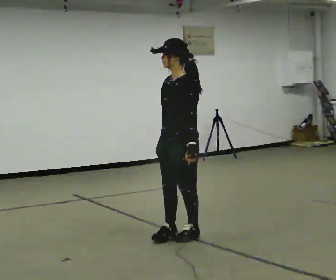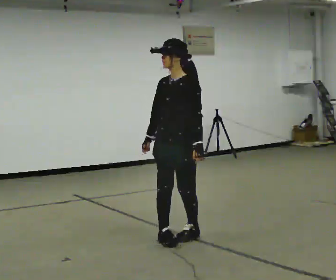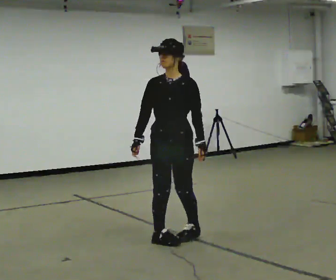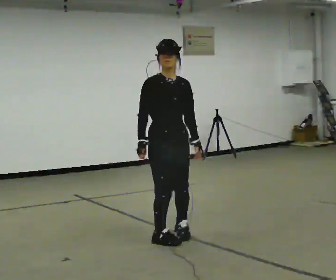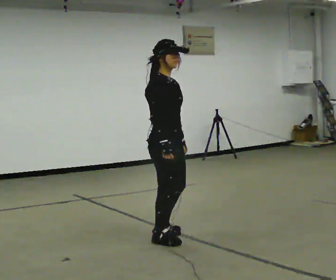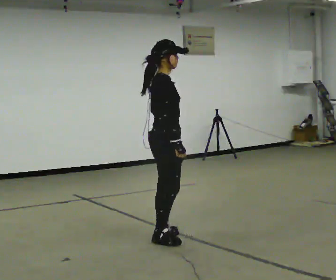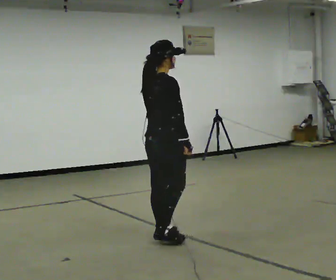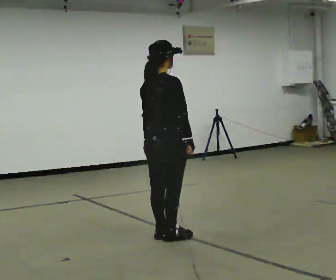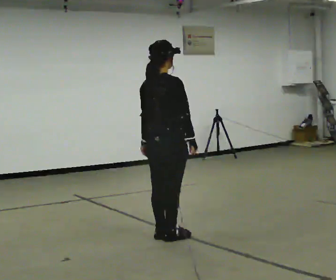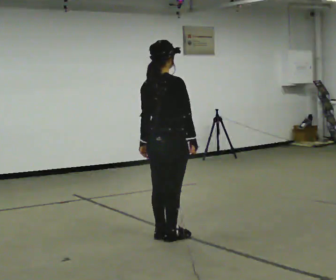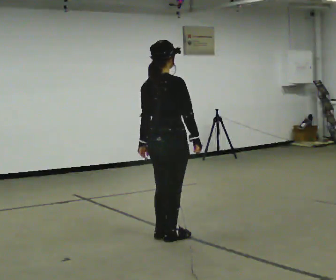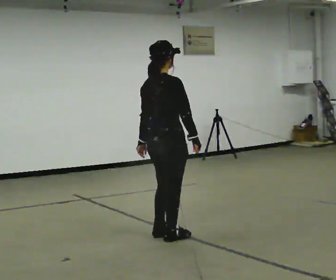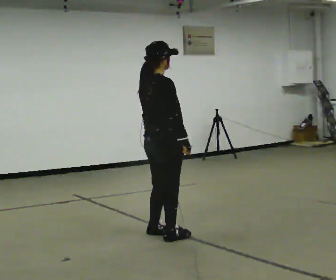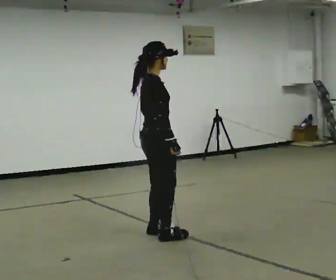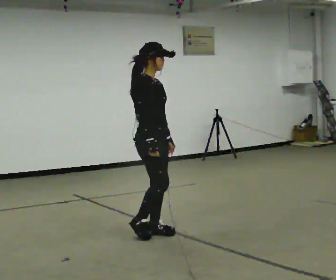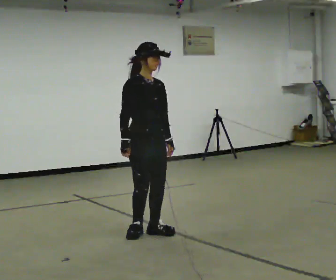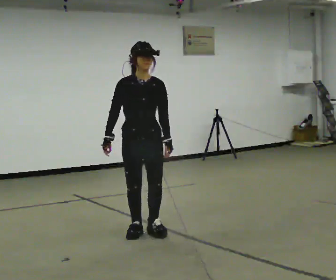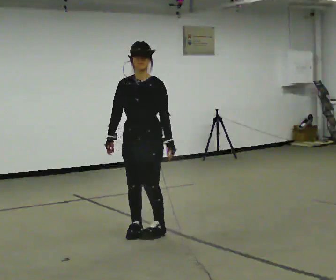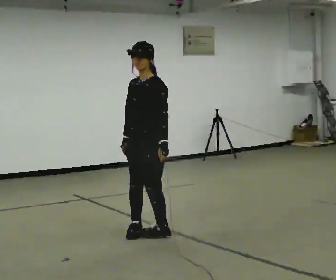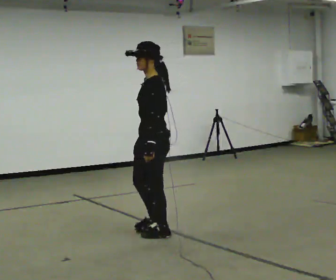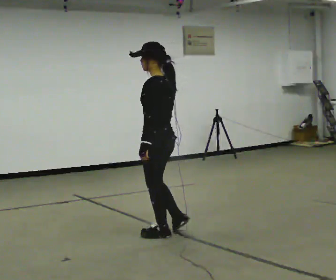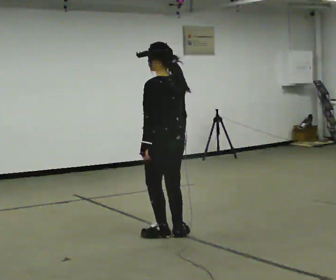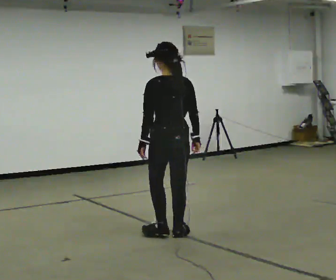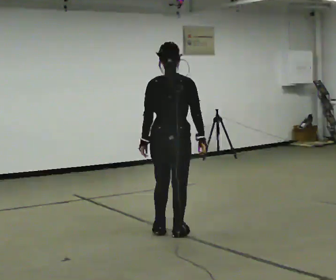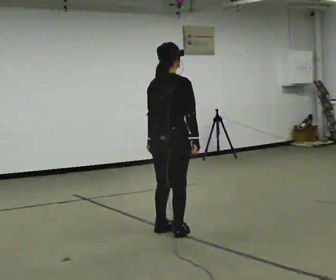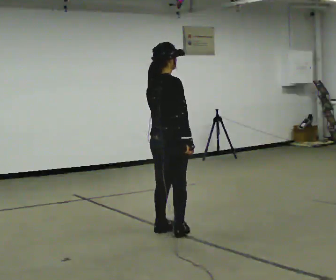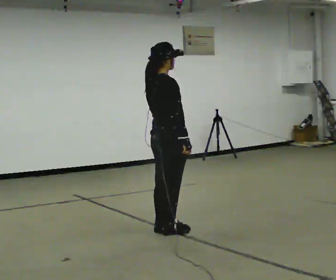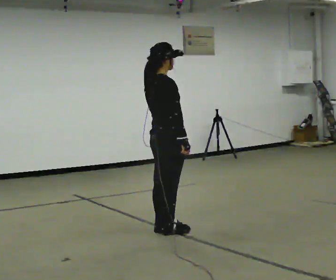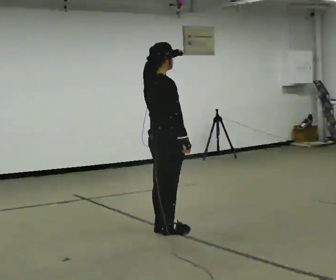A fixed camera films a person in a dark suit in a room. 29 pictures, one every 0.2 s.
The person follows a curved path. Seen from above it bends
clockwise.
0.0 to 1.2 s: The person turns about 165 degrees to their left, counterclockwise seen from above, so the part of the body nearest the lens slides to the right. In the picture they go to the left, about 0.25 m in 1 step.
1.2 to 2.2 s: The person moves a little, or ends about where they began.
2.2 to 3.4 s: Seen from above the body turns clockwise, about 150 degrees: to their right, with its near side sliding to the left. In the picture they go to the left and away from the camera, about 0.25 m in 2 steps. In the picture their right hand goes to the left, the arm swinging clockwise.
3.4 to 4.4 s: The part of the body nearest the lens slides to the left as the person turns to their right by about 150 degrees. In the picture they go to the right, about 0.25 m in 1 step. In the picture their right hand goes to the right, the arm swinging counterclockwise.
4.4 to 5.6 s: The person turns about 90 degrees to their right, clockwise seen from above, so the part of the body nearest the lens slides to the left.
The film runs backward here.
